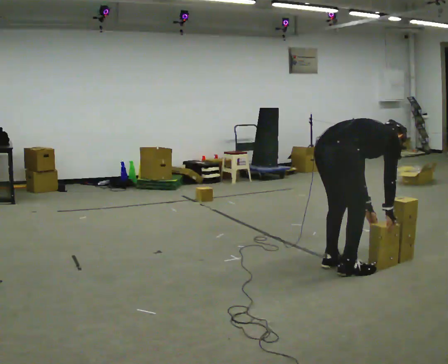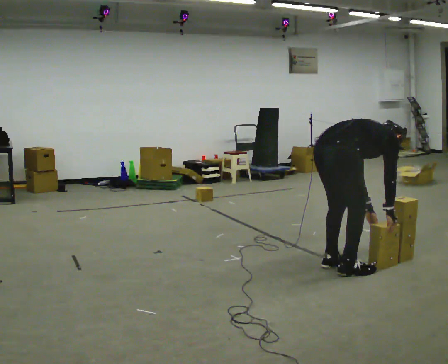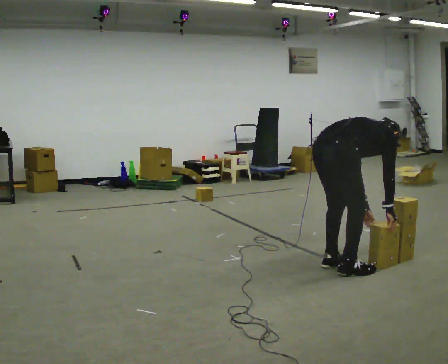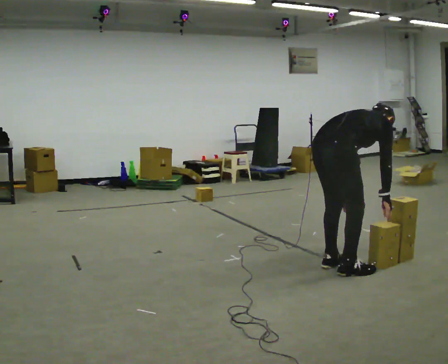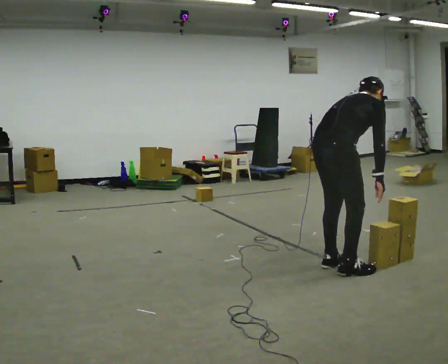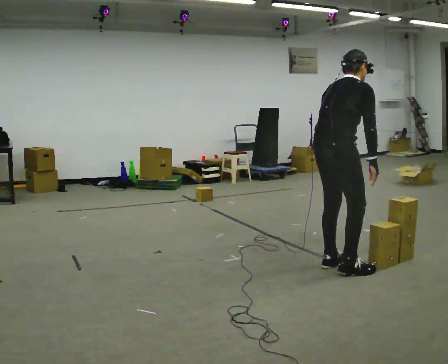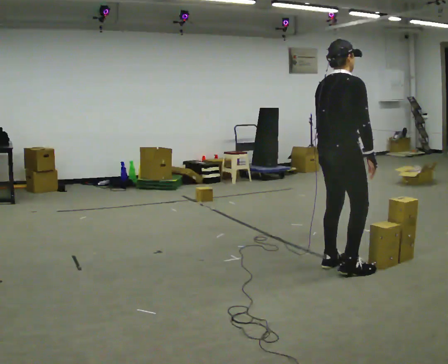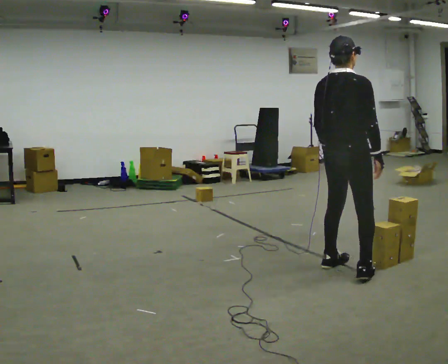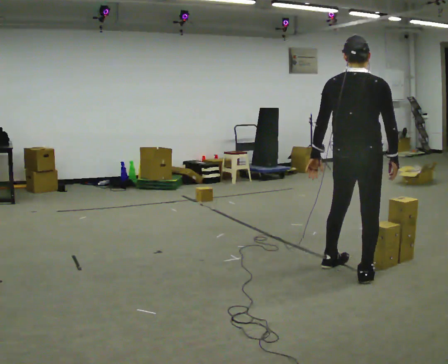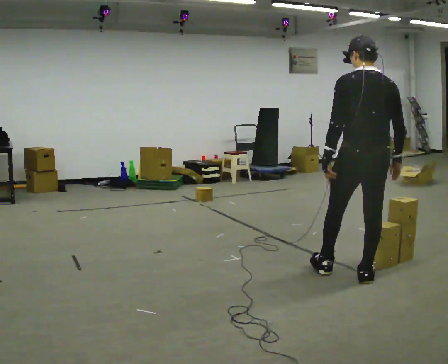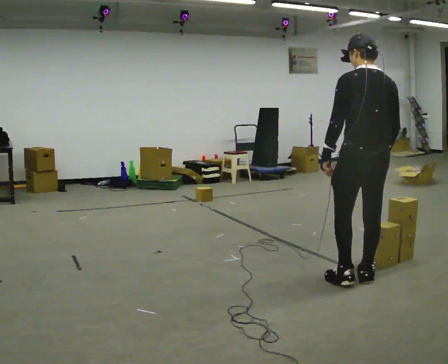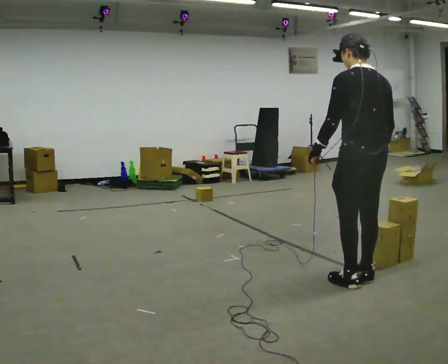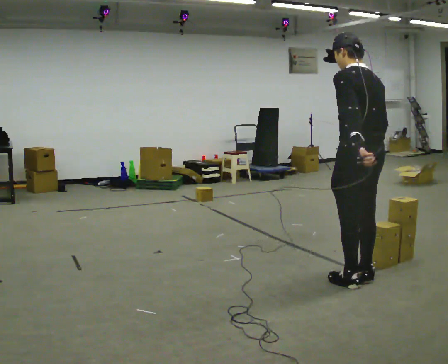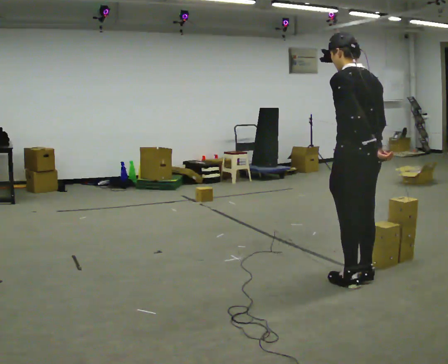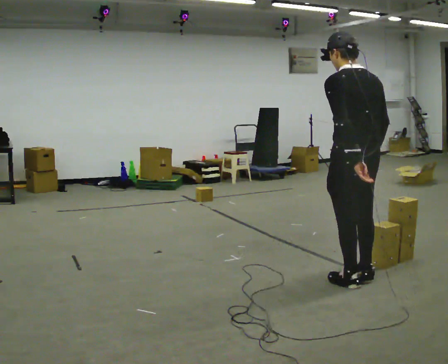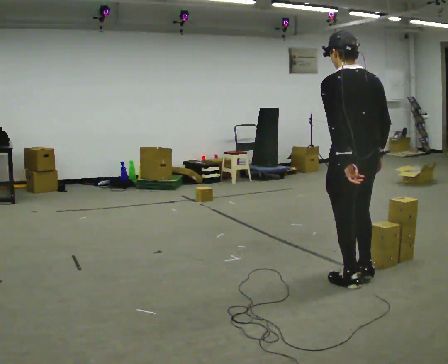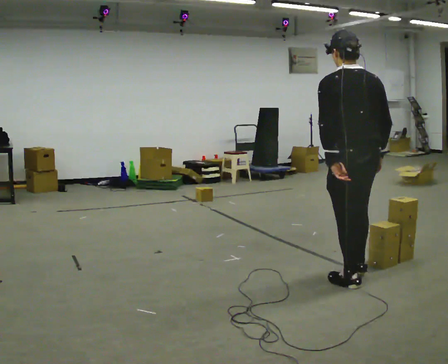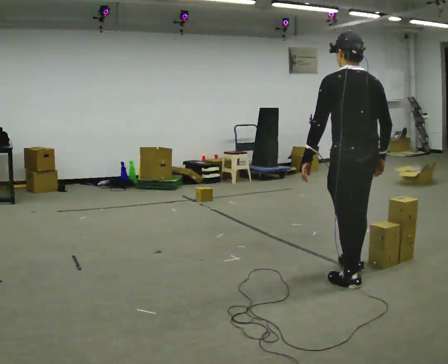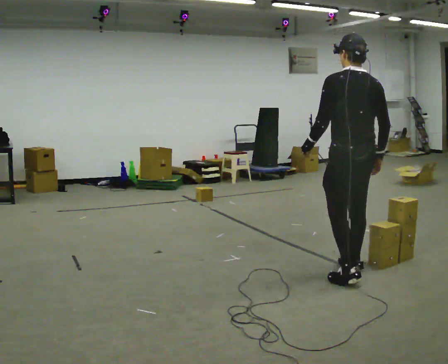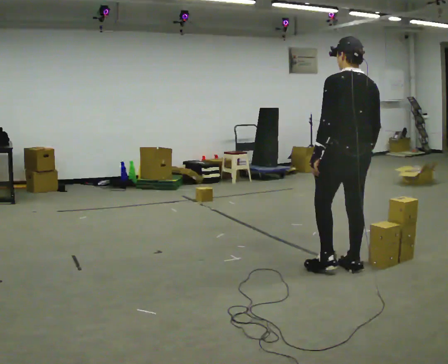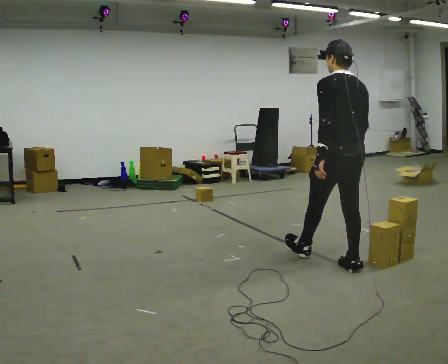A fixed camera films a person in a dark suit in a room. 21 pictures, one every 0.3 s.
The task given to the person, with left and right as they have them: Carry the box and, while you are still walking, turn it so you can read the label, read it out loud, then carry on. Repeat with the next box. Do not stop to read it.
0.0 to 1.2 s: The shoulders move upward. In the picture the upper body tilts counterclockwise, shoulders to the left, as they lean back or straighten. In the picture their left hand goes to the left.
1.2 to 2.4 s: The part of the body nearest the lens slides to the right as the person turns to their left by about 30 degrees. In the picture they go to the right, about 0.25 m in 1 step, which for them is to their right. The upper body tips toward the camera, its near side rolling downward, as they lean back or straighten.
2.4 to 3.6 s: Seen from above the body turns counterclockwise, about 60 degrees: to their left, with its near side sliding to the right. In the picture they go toward the camera, about 0.25 m in 1 step, which for them is backward. In the picture their left hand goes to the right.
3.6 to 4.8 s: The person moves a little, or ends about where they began.
4.8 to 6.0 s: In the picture they go away from the camera and to the left, about 0.5 m in 1 step, which for them is forward and to their right.
The film runs forward here.
